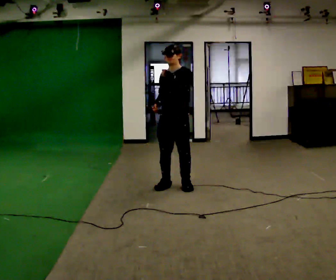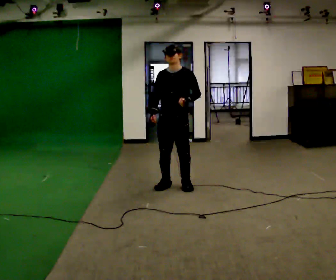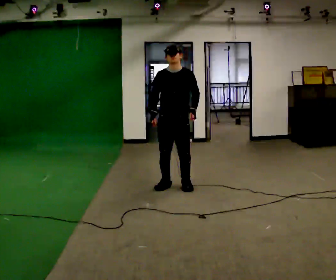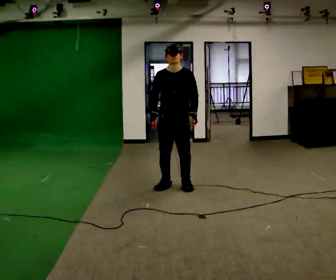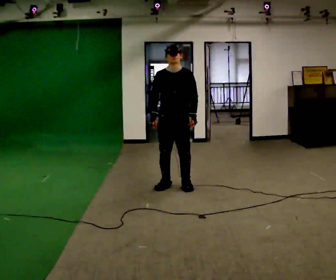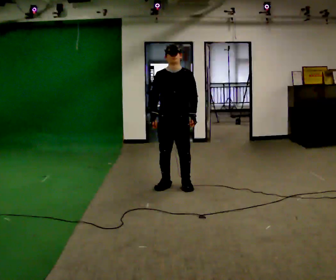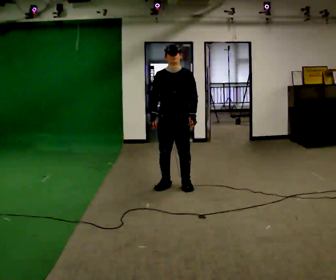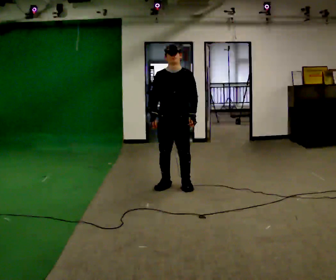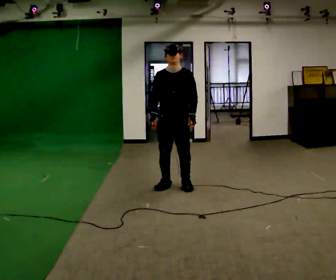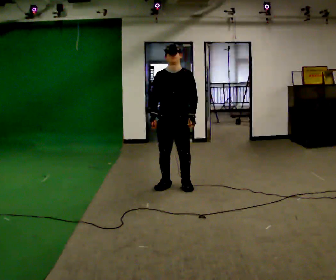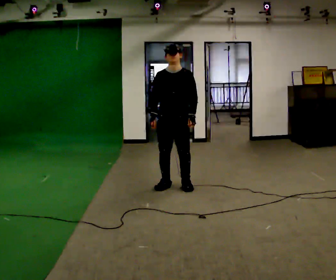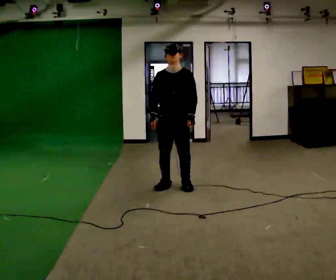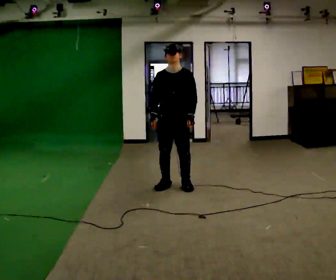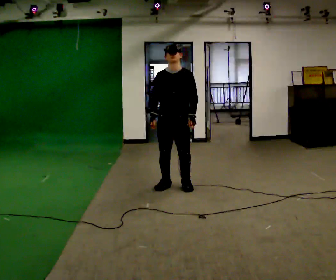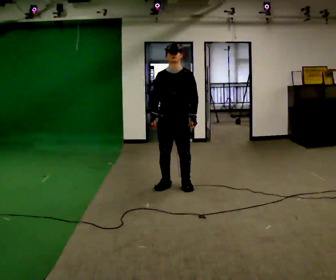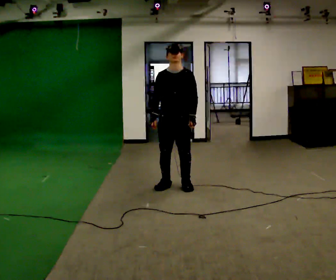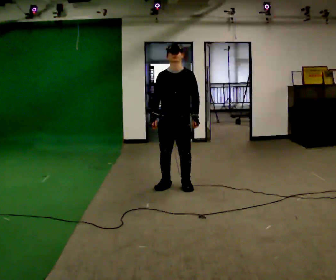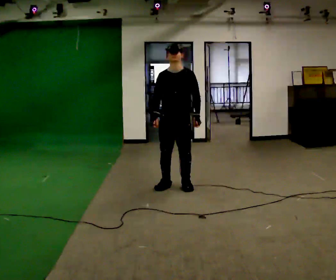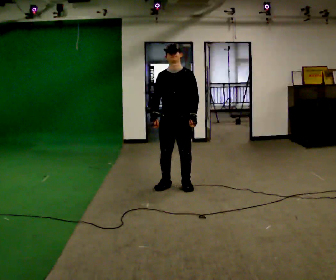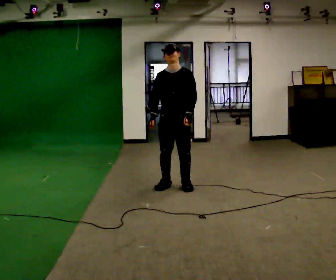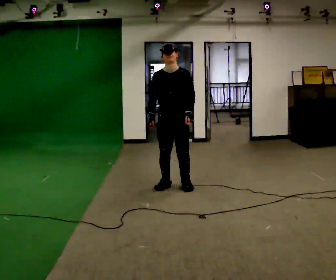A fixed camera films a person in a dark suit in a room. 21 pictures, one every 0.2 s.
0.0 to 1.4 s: Seen from above the body turns counterclockwise, about 30 degrees: to their left, with its near side sliding to the right. In the picture their left hand goes downward.
1.4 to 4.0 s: The person moves a little, or ends about where they began.
The film runs backward here.
